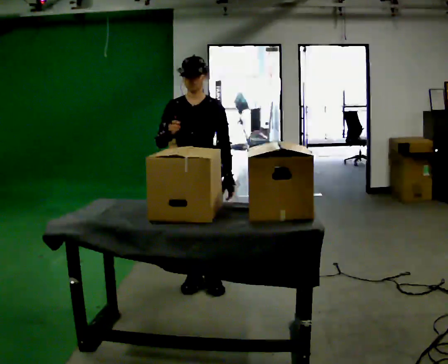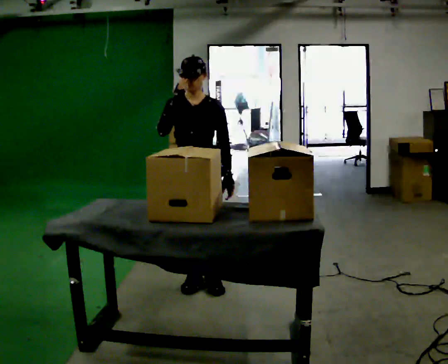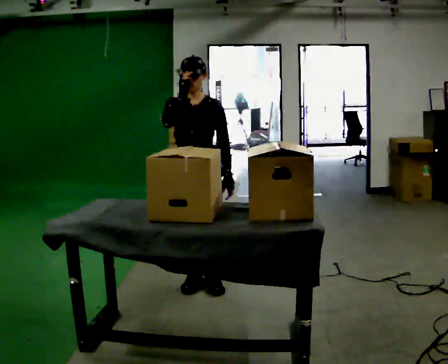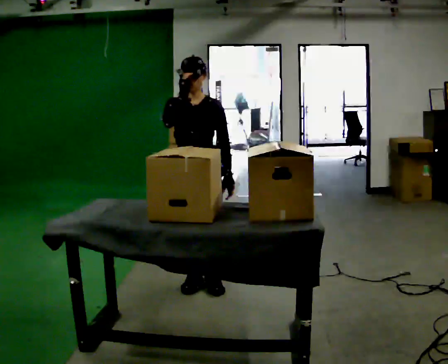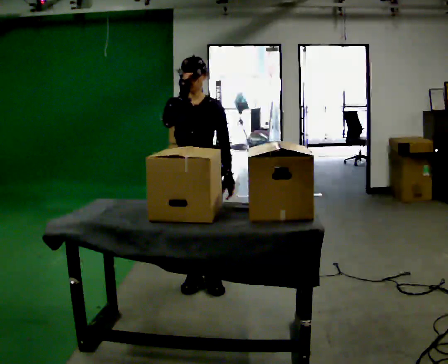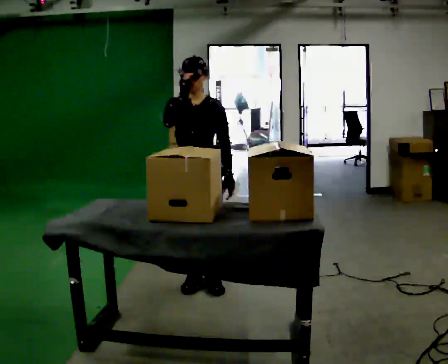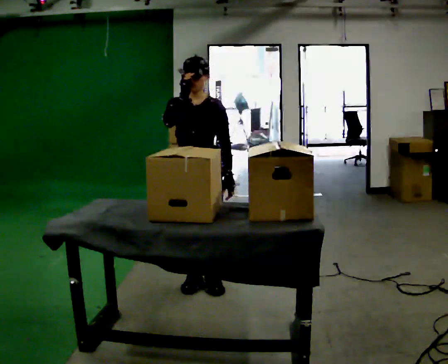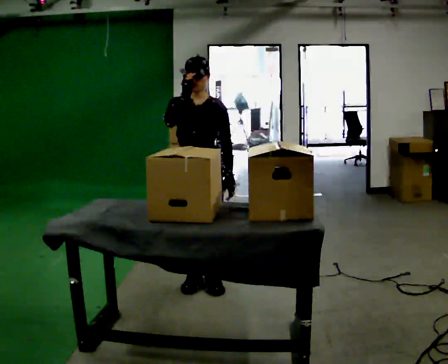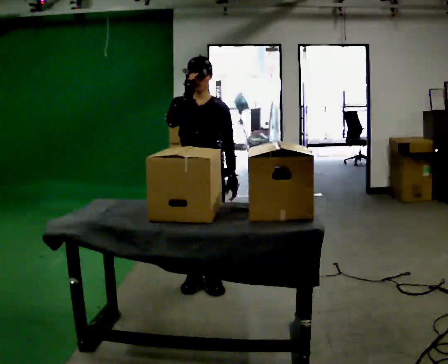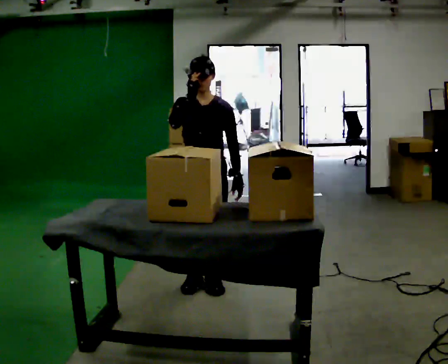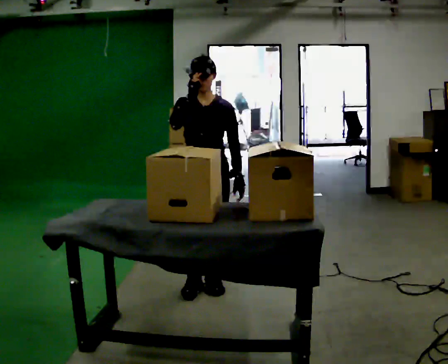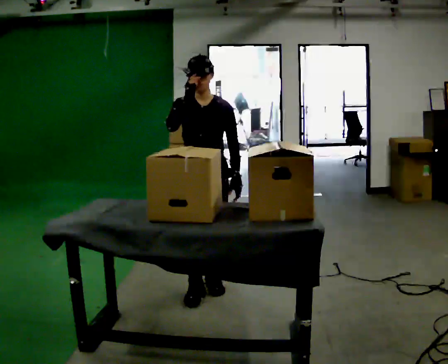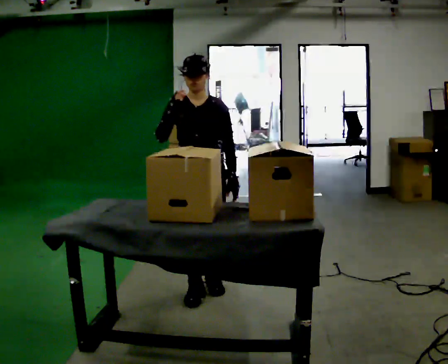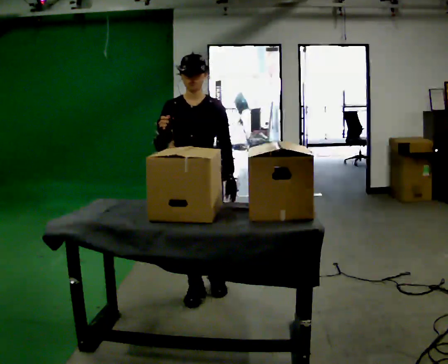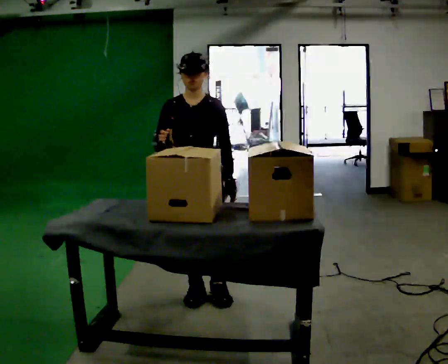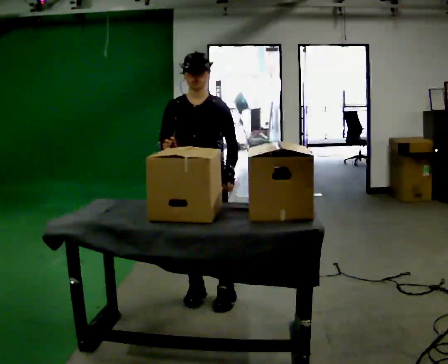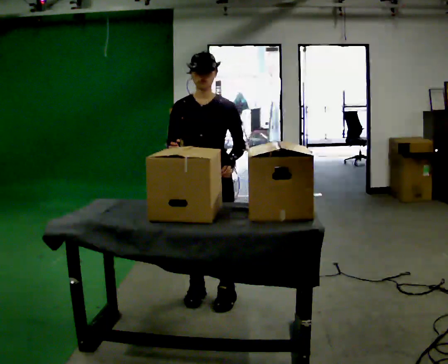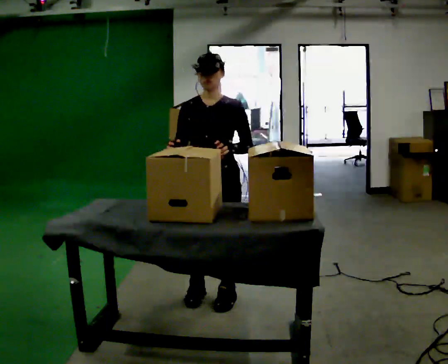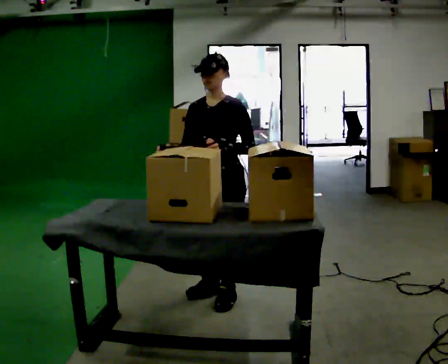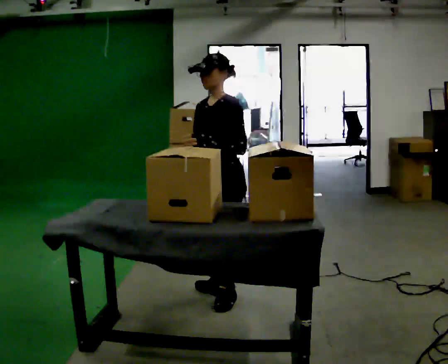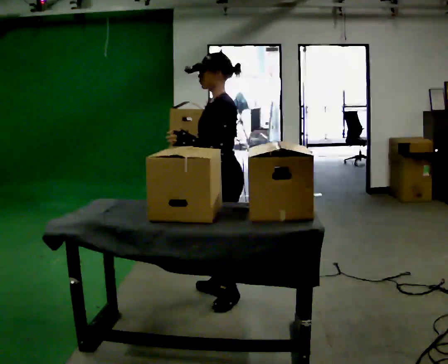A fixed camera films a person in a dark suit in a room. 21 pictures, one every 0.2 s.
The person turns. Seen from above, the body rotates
clockwise.
The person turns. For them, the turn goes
to their right.
0.0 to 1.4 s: The person moves a little, or ends about where they began.
1.4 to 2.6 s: In the picture they go toward the camera, about 0.25 m in 2 steps, which for them is forward.
2.6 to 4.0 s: The part of the body nearest the lens slides to the left as the person turns to their right by about 75 degrees. In the picture they go to the right, about 0.25 m in 1 step.
The film runs backward here.
